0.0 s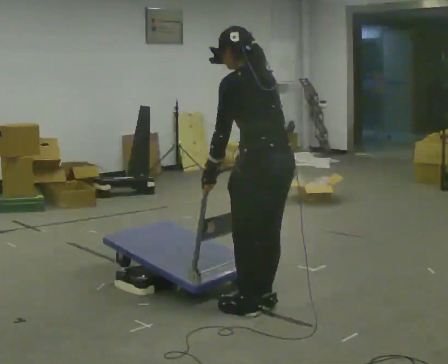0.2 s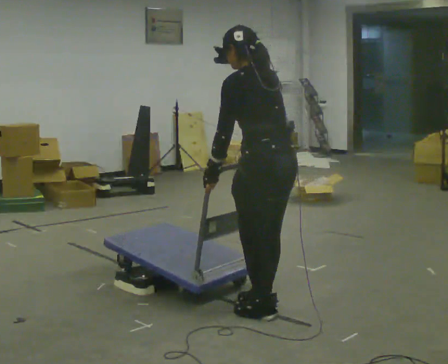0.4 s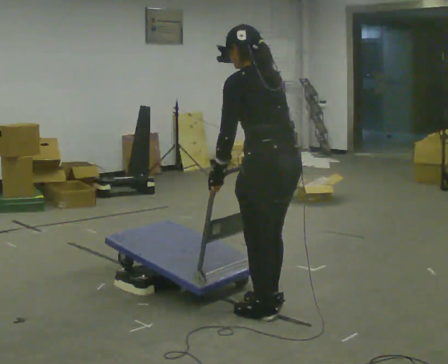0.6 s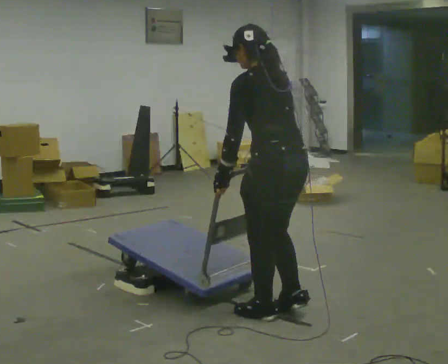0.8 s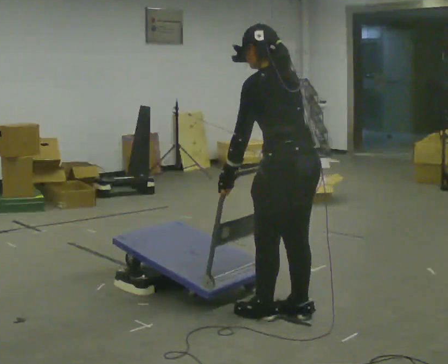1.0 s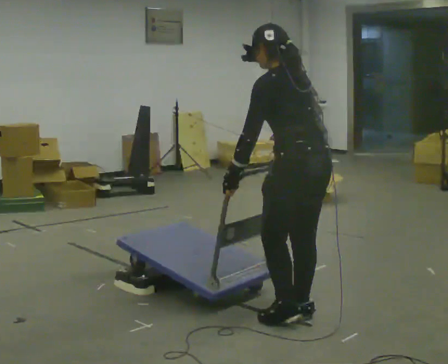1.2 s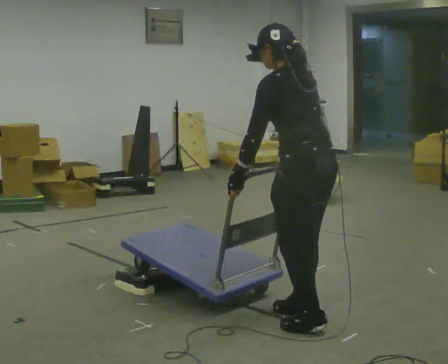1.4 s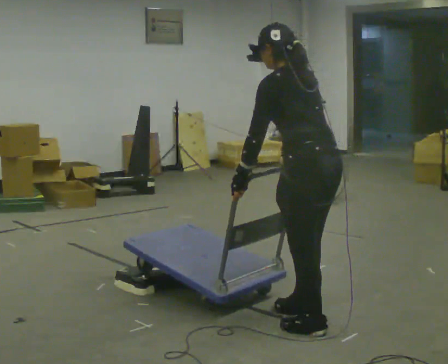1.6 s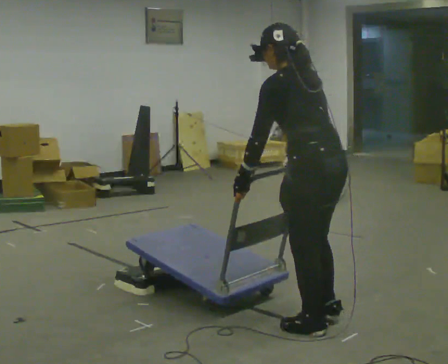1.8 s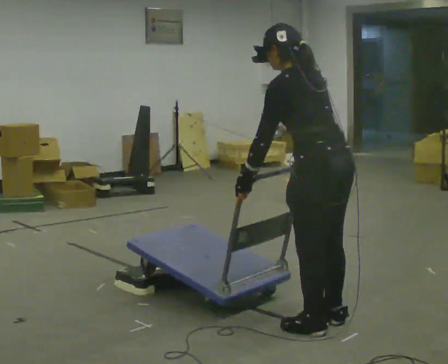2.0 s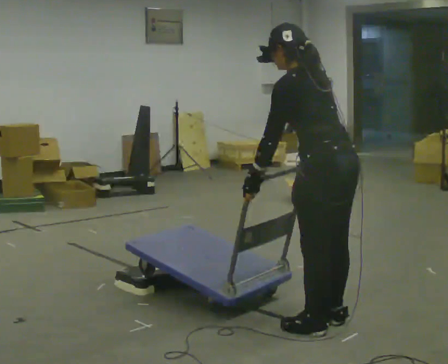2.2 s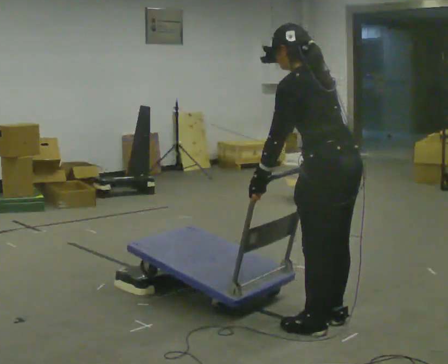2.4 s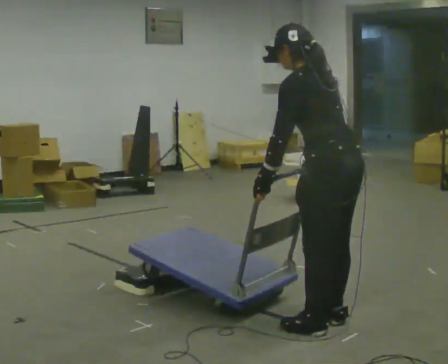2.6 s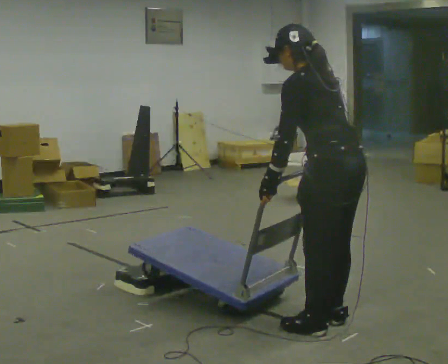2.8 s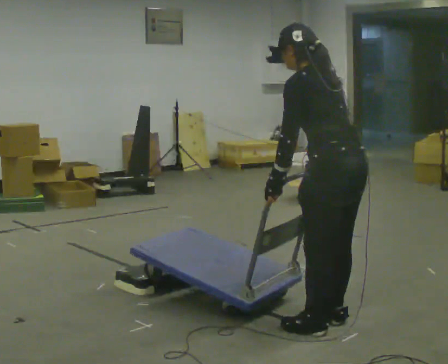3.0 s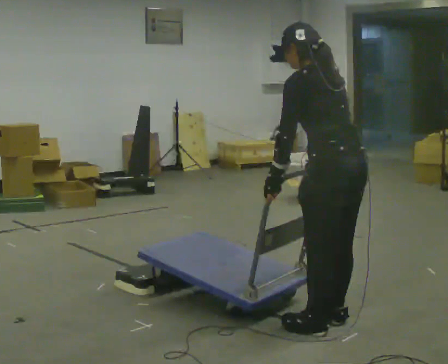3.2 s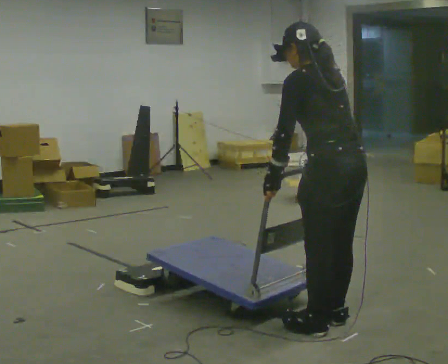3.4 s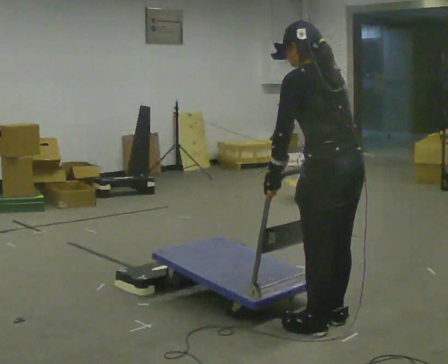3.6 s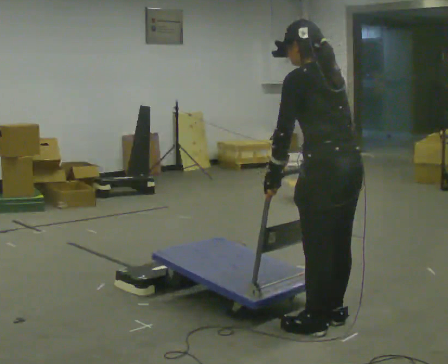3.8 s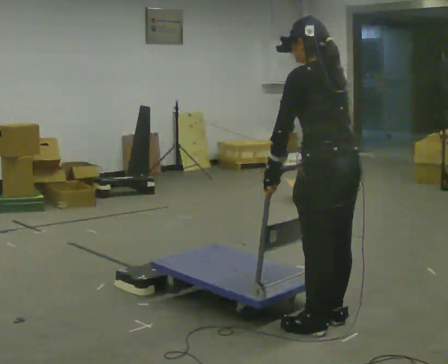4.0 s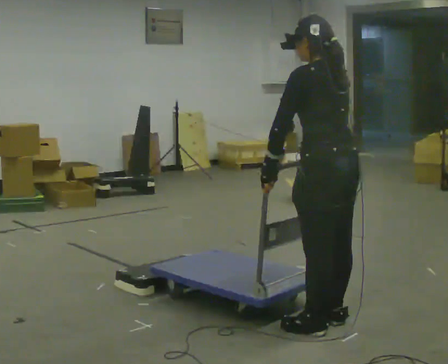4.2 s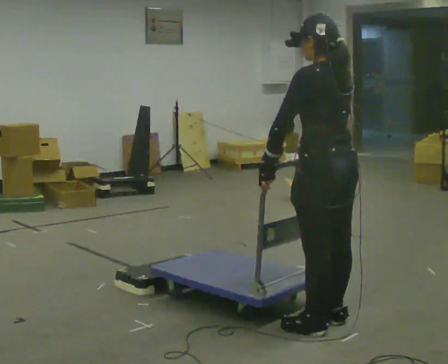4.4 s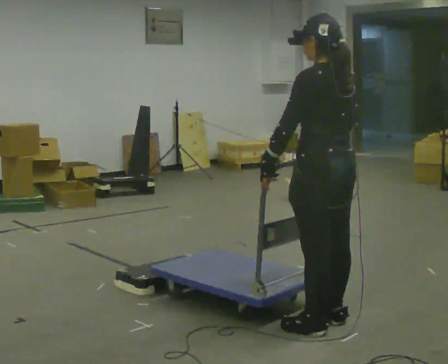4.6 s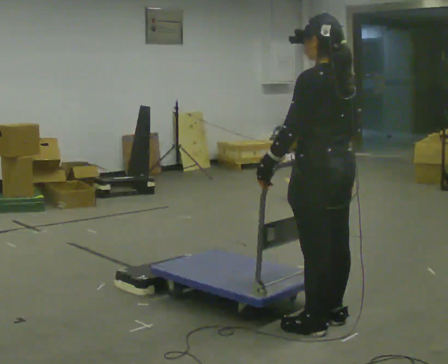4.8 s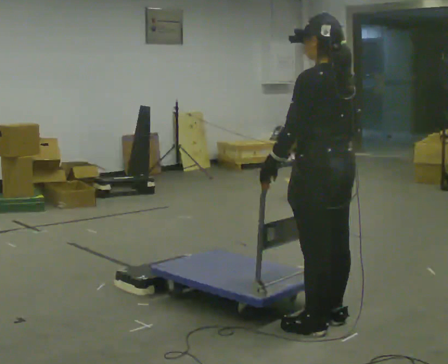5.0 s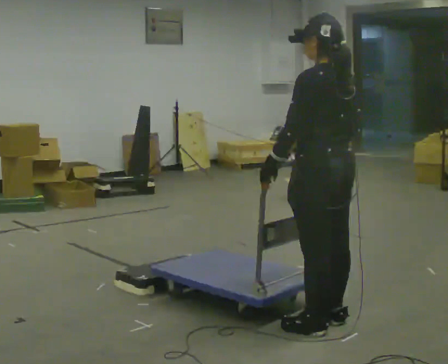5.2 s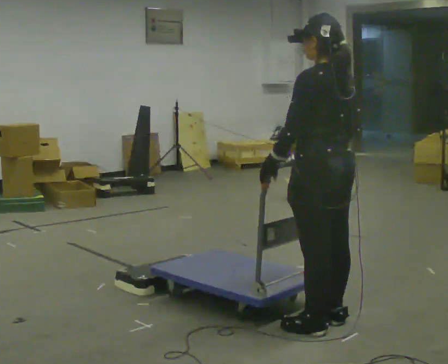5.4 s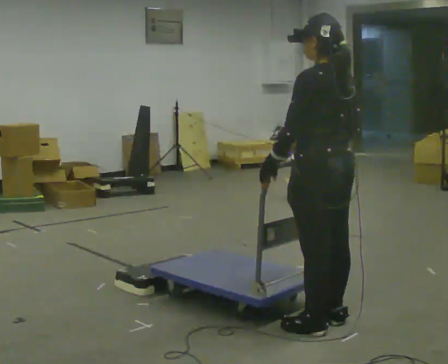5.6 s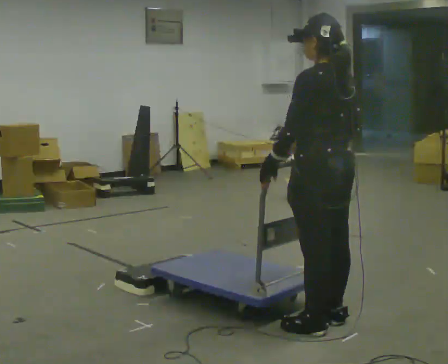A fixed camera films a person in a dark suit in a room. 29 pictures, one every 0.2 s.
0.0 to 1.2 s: In the picture they go to the right and toward the camera, about 0.25 m in 2 steps, which for them is backward.
1.2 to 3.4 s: The person moves a little, or ends about where they began.
3.4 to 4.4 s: In the picture the upper body tilts clockwise, shoulders to the right, as they lean back or straighten.
4.4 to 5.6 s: The person moves a little, or ends about where they began.
The film runs backward here.
